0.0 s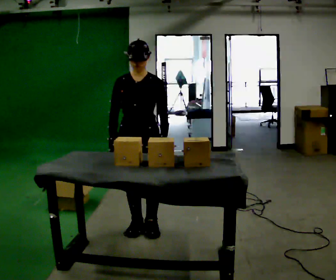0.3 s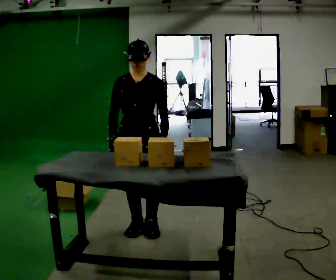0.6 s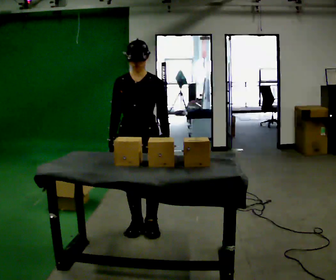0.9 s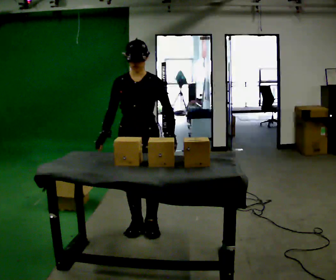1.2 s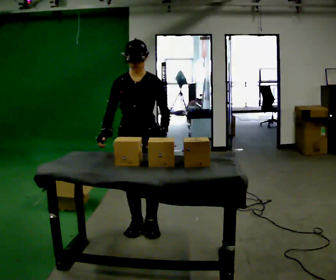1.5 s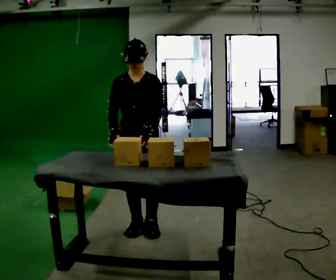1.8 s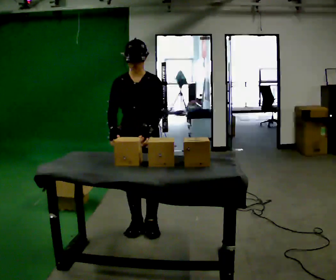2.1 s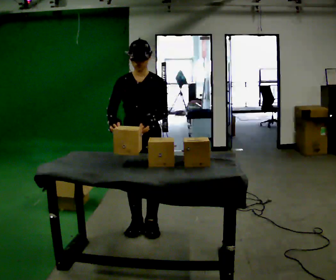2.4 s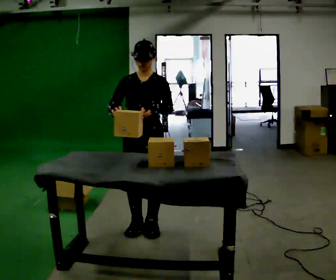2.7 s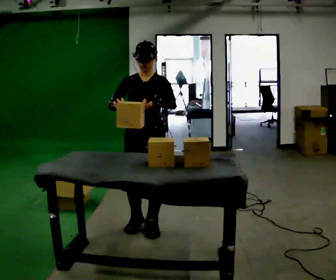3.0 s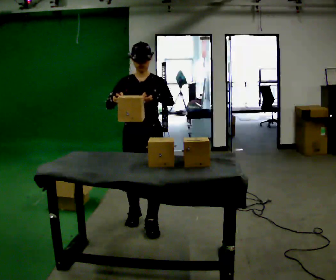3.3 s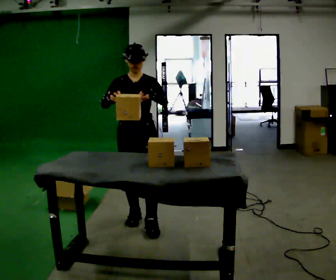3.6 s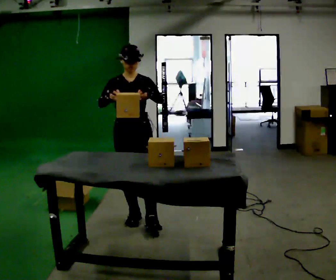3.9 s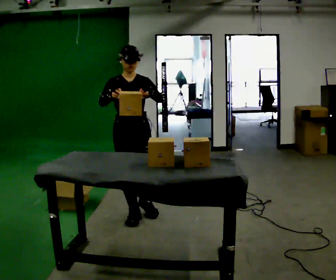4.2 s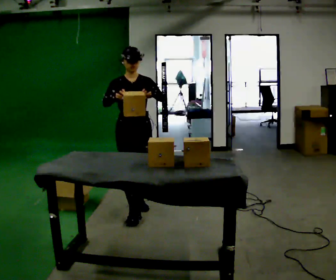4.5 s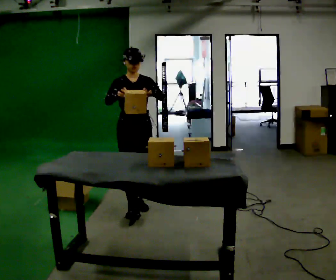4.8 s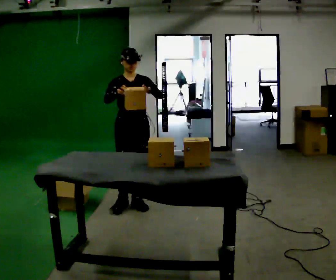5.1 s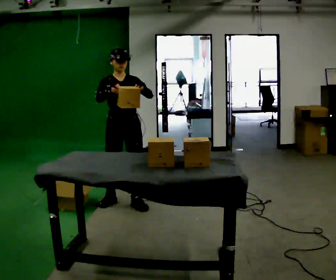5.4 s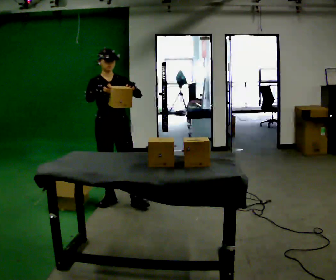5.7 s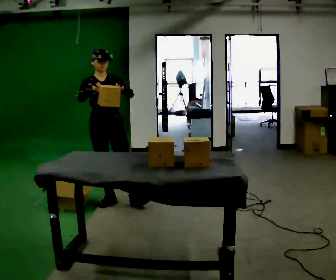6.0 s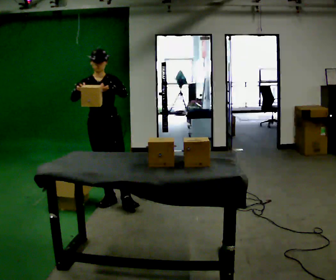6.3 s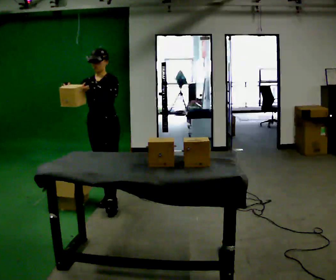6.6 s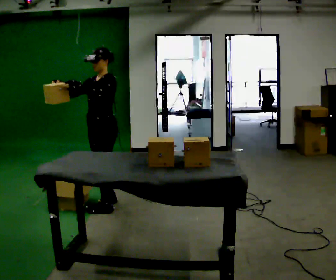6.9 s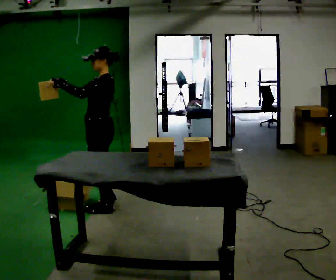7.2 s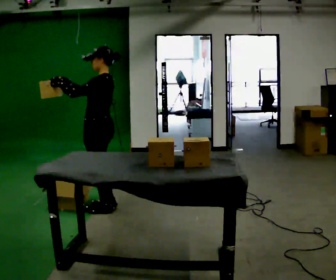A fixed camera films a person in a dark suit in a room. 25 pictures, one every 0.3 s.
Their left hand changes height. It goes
upward.
The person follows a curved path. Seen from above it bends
counterclockwise.
0.0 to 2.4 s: The person moves a little, or ends about where they began.
2.4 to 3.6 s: In the picture they go away from the camera, about 0.25 m in 1 step, which for them is backward and to their right.
3.6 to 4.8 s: In the picture they go away from the camera, about 0.5 m in 2 steps, which for them is backward.
4.8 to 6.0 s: In the picture they go to the left, about 0.25 m in 1 step, which for them is to their right and backward.
6.0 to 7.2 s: The part of the body nearest the lens slides to the left as the person turns to their right by about 90 degrees. In the picture they go toward the camera, about 0.25 m in 1 step.
The film runs backward here.
